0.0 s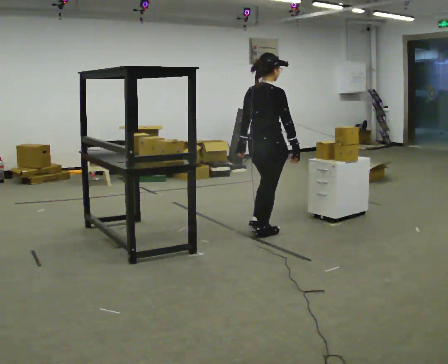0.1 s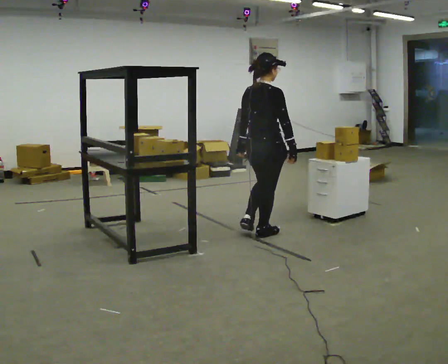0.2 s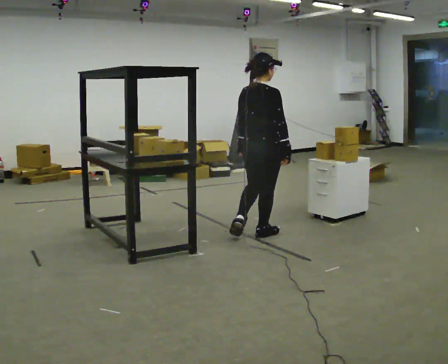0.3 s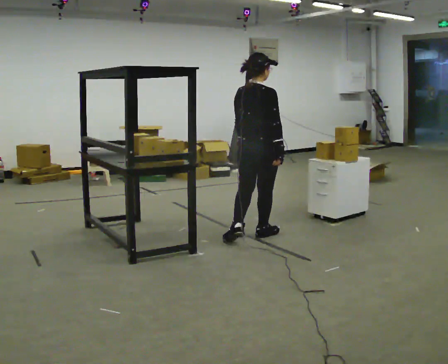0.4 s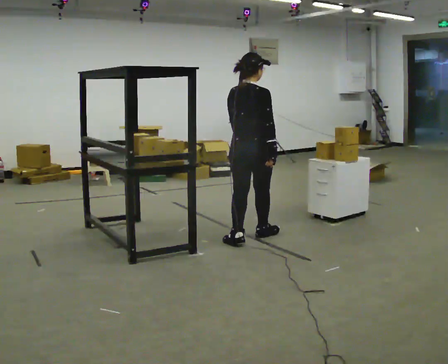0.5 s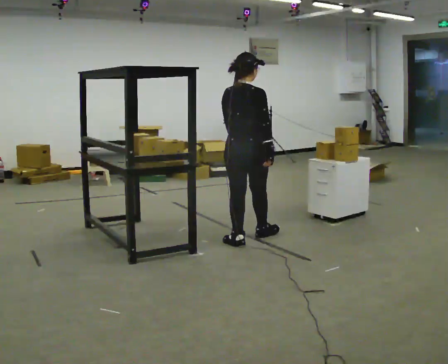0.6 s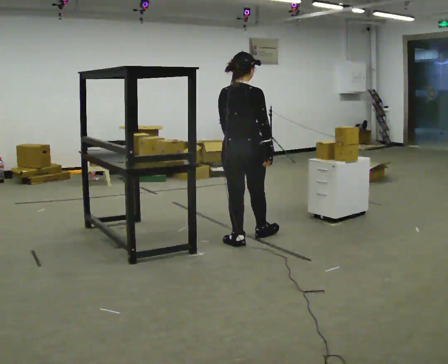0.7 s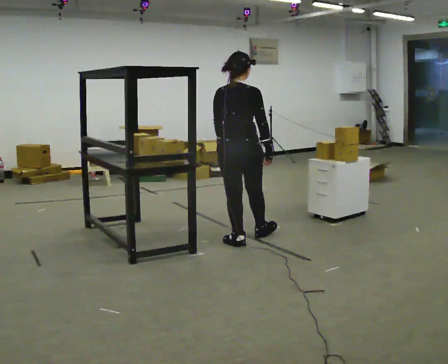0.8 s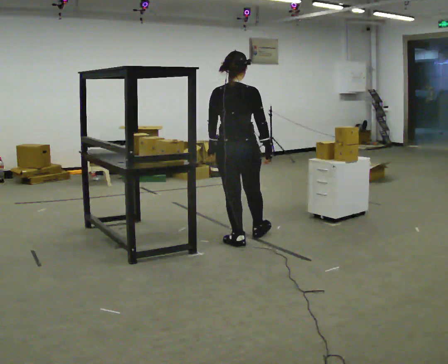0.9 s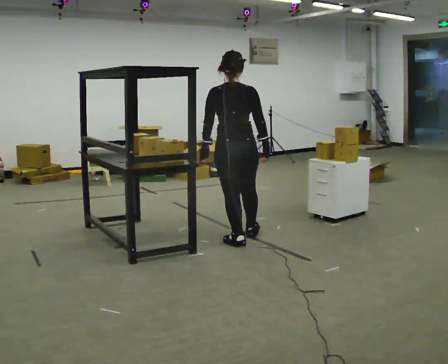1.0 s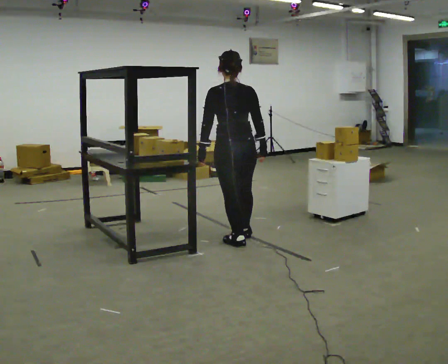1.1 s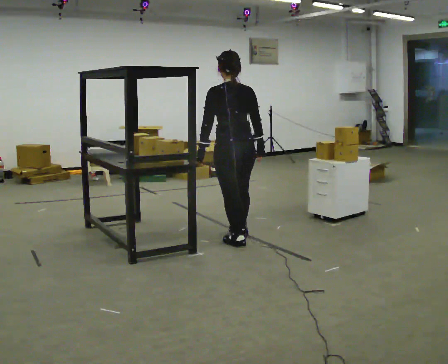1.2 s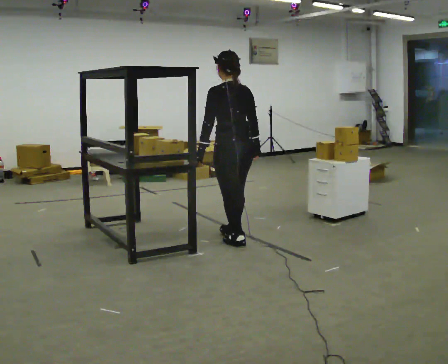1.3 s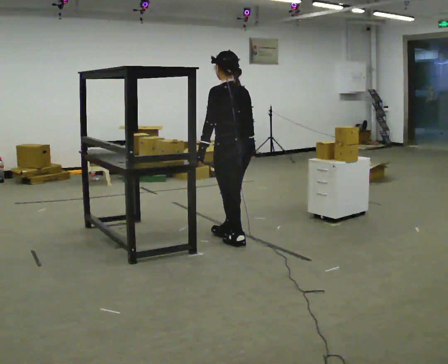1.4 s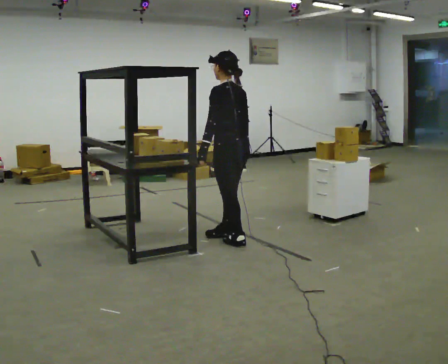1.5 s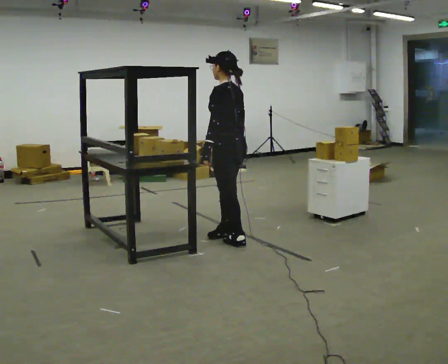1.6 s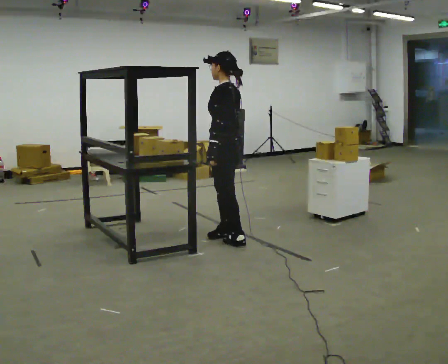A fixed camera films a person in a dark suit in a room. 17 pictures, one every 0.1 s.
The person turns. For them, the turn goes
to their left.
The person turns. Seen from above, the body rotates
counterclockwise.
0.0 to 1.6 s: The person turns about 120 degrees to their left, counterclockwise seen from above, so the part of the body nearest the lens slides to the right. In the picture they go to the left, about 0.25 m in 1 step.
The film runs backward here.
